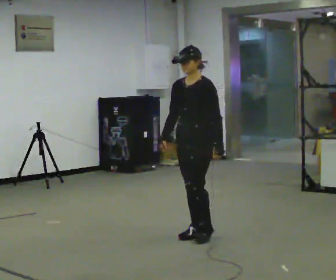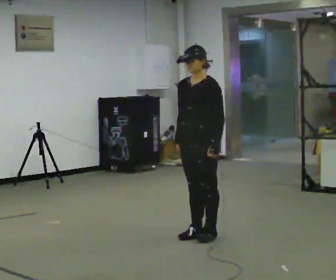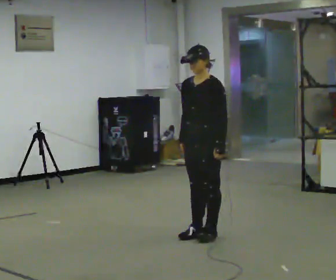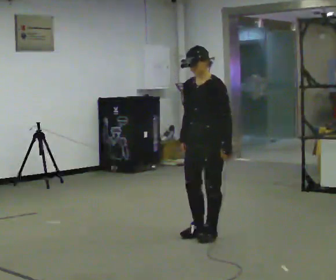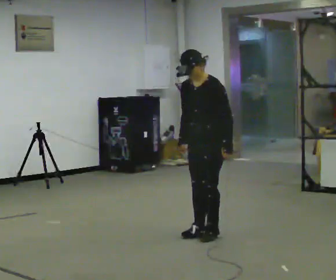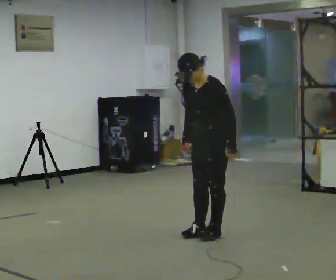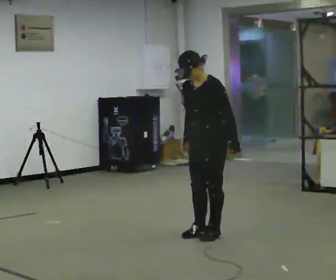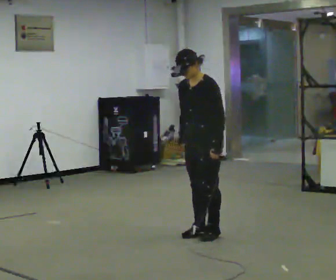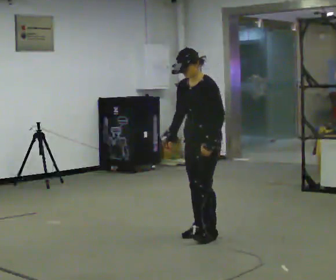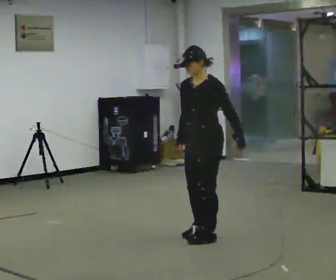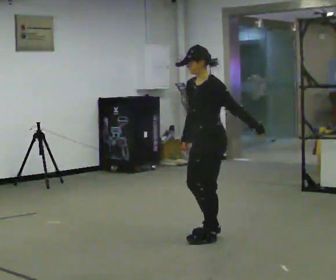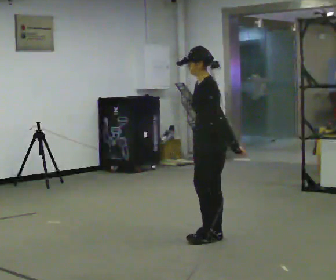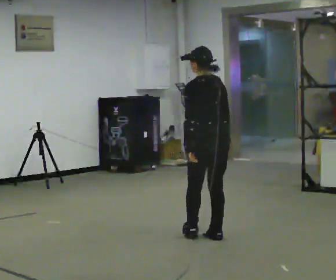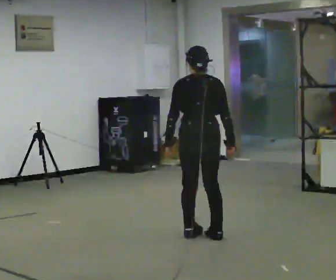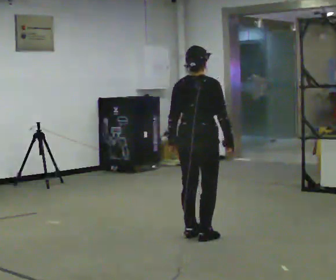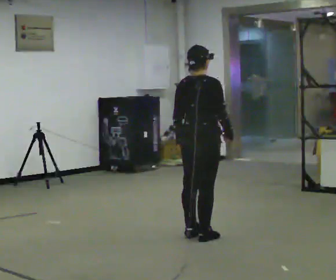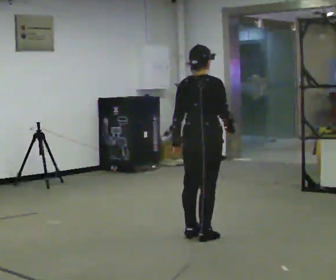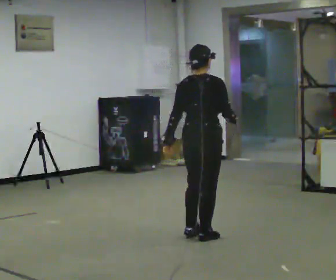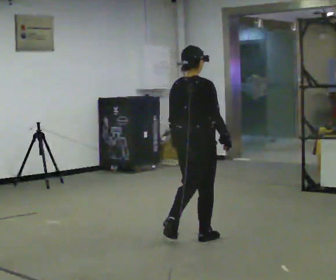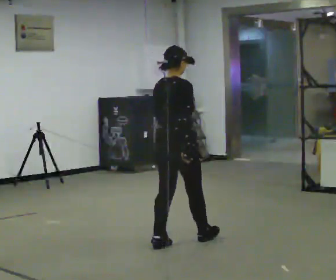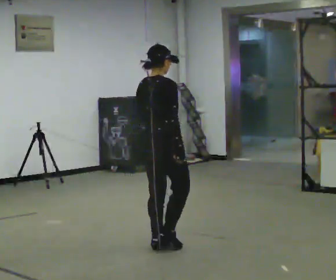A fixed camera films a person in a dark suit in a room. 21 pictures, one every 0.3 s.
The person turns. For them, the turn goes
to their right.
The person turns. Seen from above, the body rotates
clockwise.
0.0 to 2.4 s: The person moves a little, or ends about where they began.
2.4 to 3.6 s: Seen from above the body turns clockwise, about 90 degrees: to their right, with its near side sliding to the left. In the picture their right hand goes to the right, the arm swinging counterclockwise.
3.6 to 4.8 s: The person turns about 60 degrees to their right, clockwise seen from above, so the part of the body nearest the lens slides to the left.
4.8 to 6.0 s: In the picture they go toward the camera and to the left, about 0.5 m in 2 steps, which for them is backward.
The film runs backward here.
